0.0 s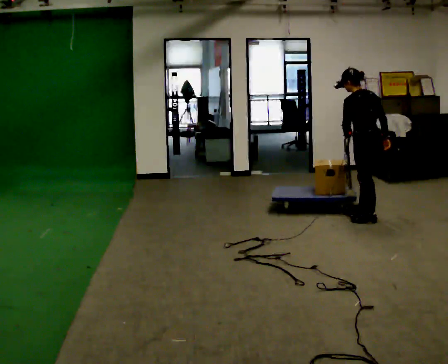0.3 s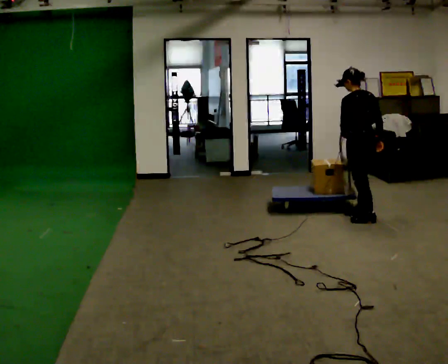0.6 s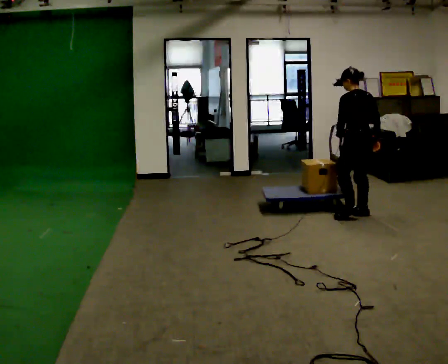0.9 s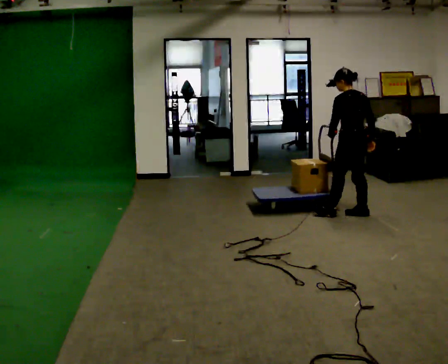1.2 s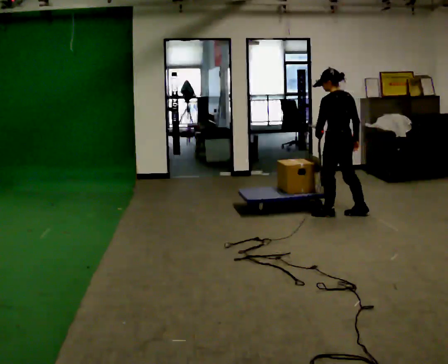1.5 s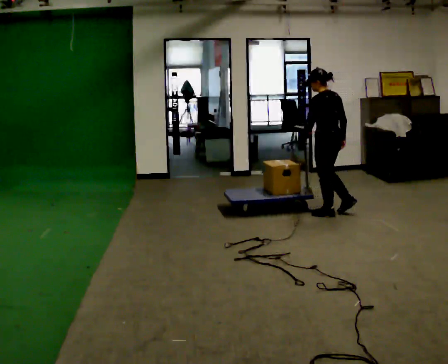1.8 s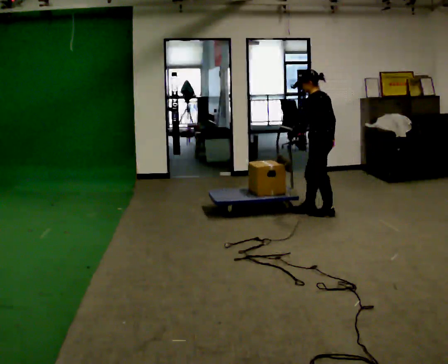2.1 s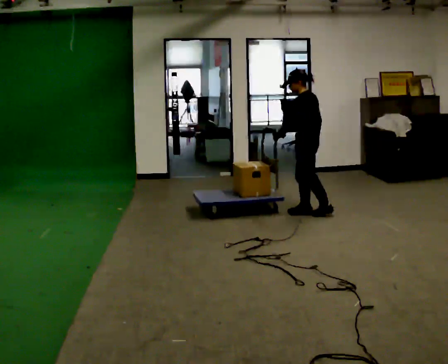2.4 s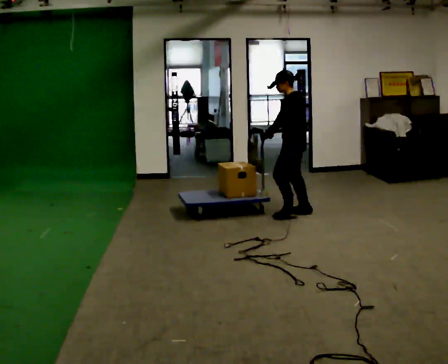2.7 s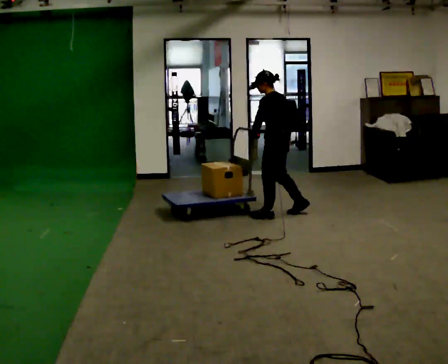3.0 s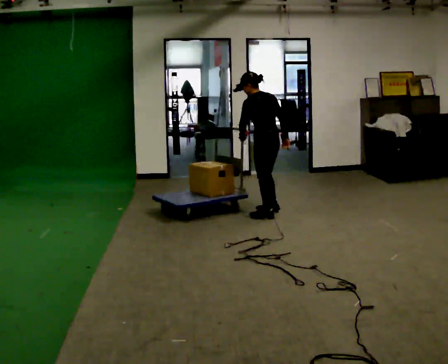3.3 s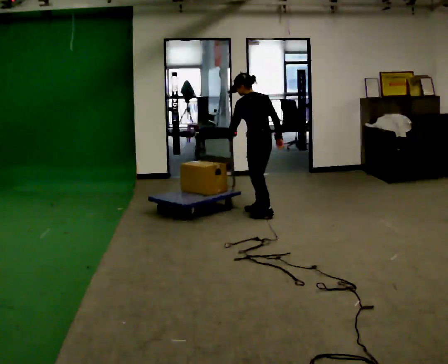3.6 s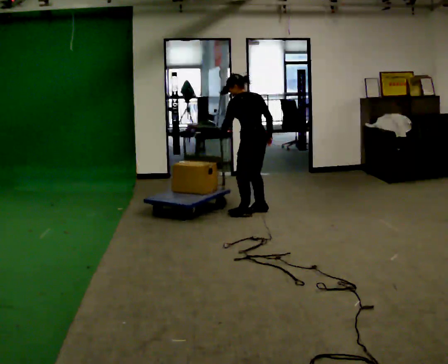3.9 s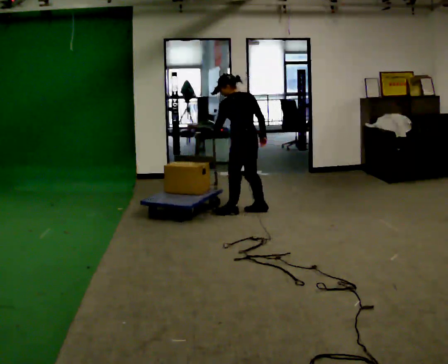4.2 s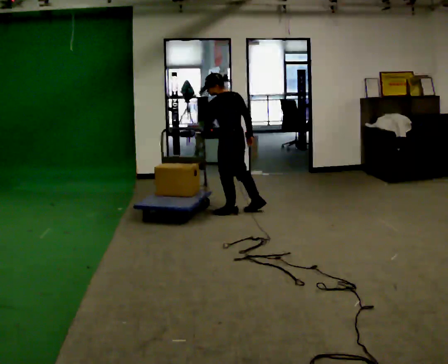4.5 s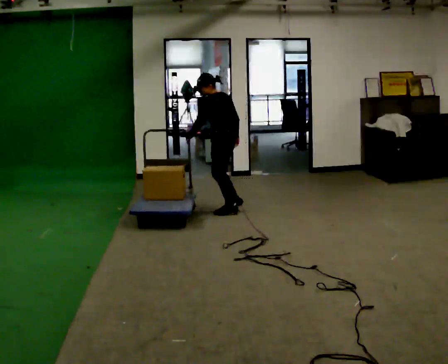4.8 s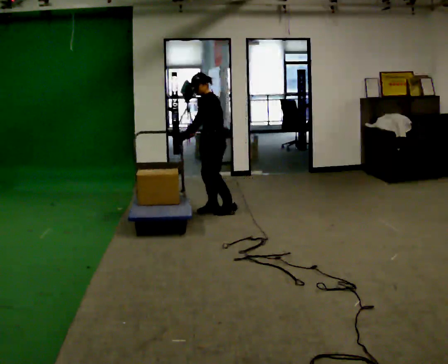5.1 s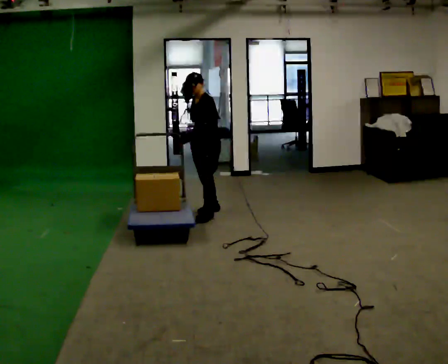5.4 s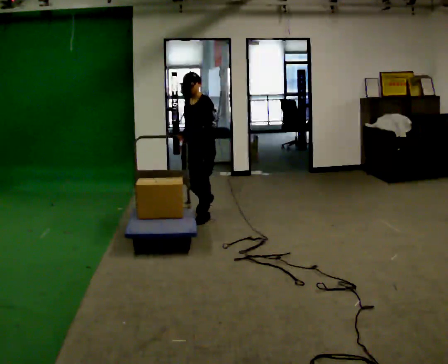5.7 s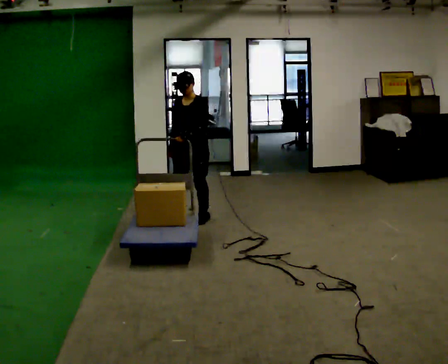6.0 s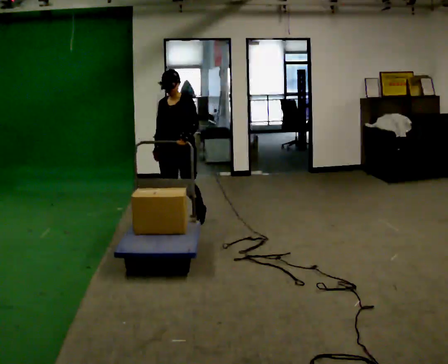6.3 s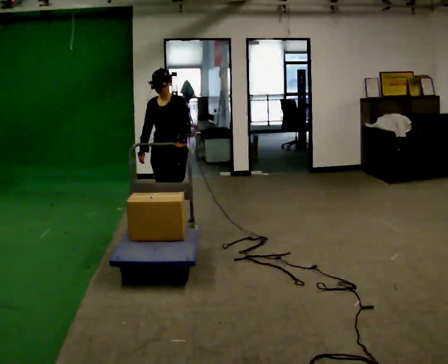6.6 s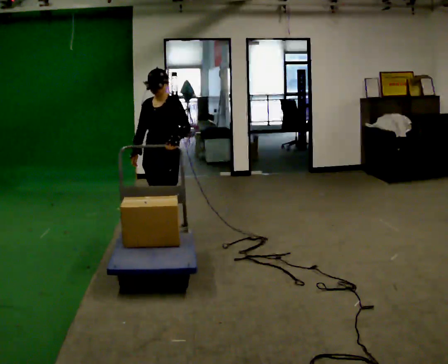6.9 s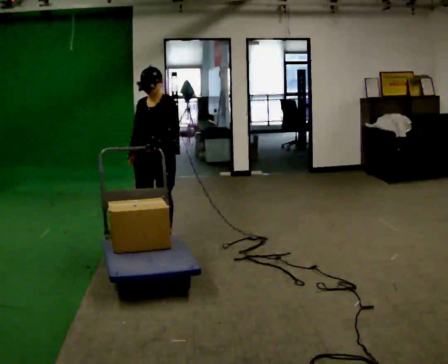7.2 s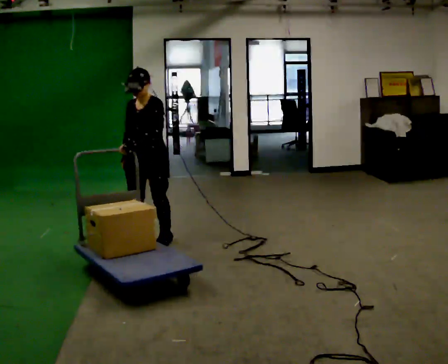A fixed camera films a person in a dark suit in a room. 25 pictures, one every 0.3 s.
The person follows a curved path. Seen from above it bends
counterclockwise.
The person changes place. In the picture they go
to the left.
0.0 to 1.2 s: In the picture they go to the left and away from the camera, about 0.25 m in 1 step, which for them is forward.
1.2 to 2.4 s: The person turns about 30 degrees to their left, counterclockwise seen from above, so the part of the body nearest the lens slides to the right. In the picture they go to the left, about 0.5 m in 1 step, which for them is forward.
2.4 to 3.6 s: The part of the body nearest the lens slides to the left as the person turns to their right by about 30 degrees. In the picture they go to the left, about 0.5 m in 2 steps, which for them is forward and to their left.
3.6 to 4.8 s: The person turns about 60 degrees to their left, counterclockwise seen from above, so the part of the body nearest the lens slides to the right. In the picture they go to the left, about 0.5 m in 2 steps, which for them is forward and to their left.
4.8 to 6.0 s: The person turns about 60 degrees to their left, counterclockwise seen from above, so the part of the body nearest the lens slides to the right. In the picture they go toward the camera and to the left, about 0.5 m in 2 steps.
6.0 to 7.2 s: In the picture they go toward the camera, about 0.5 m in 2 steps, which for them is forward.
The film runs forward here.
